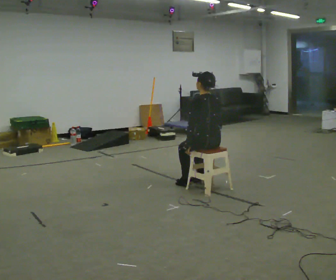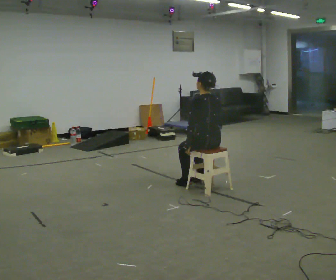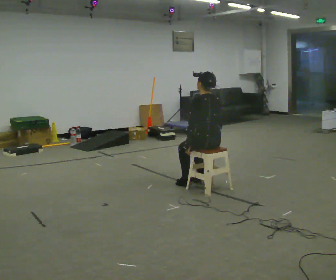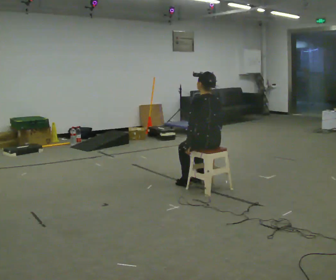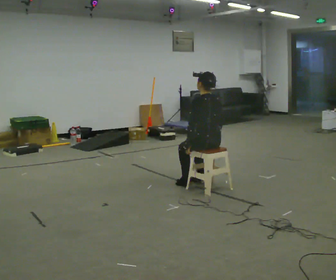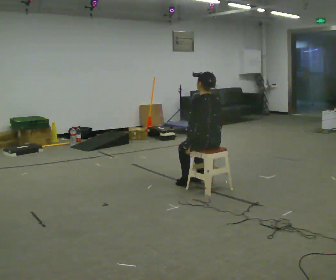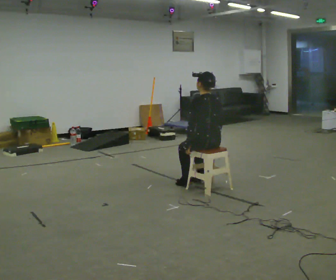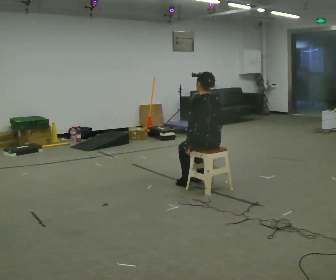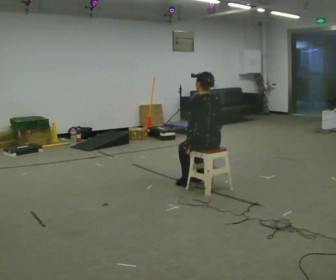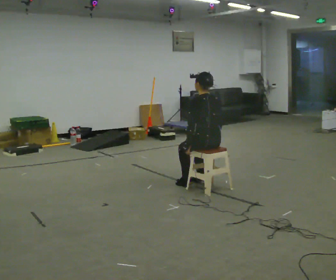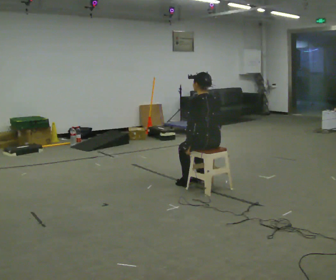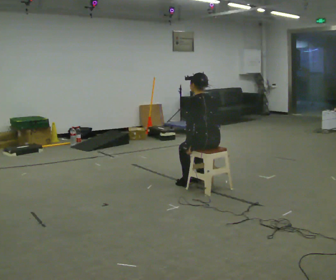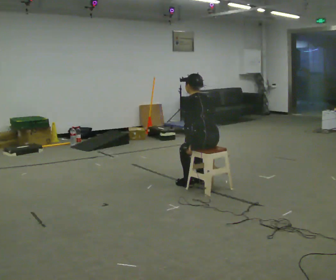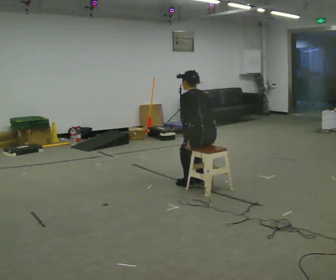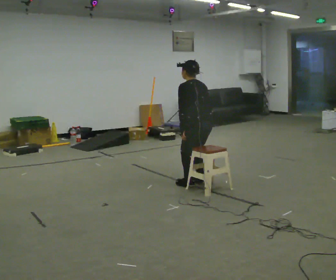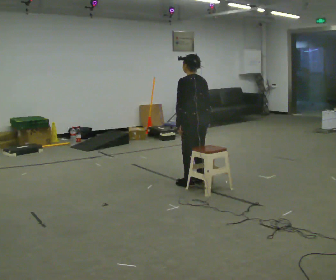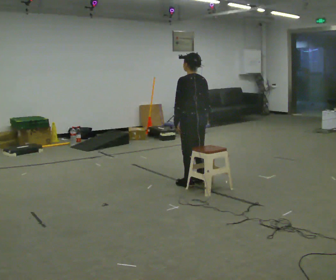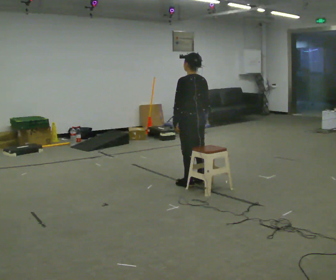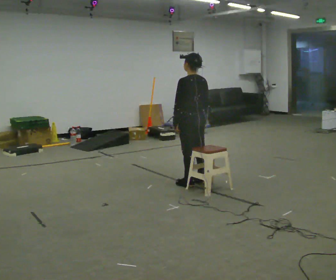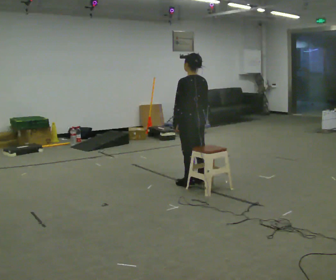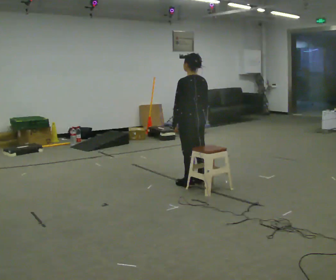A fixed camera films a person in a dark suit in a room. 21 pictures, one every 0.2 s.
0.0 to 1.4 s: The person keeps their place and pose.
1.4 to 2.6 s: The upper body tips away from the camera, its near side rolling upward, as they bend forward.
2.6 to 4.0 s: In the picture they go away from the camera, about 0.25 m, which for them is forward. The shoulders move upward. The upper body tips toward the camera, its near side rolling downward, as they lean back or straighten.
The film runs forward here.
